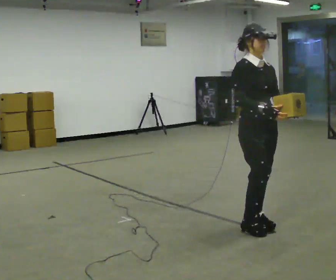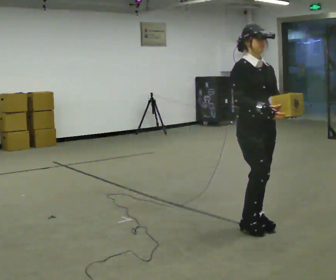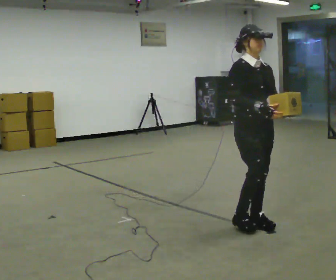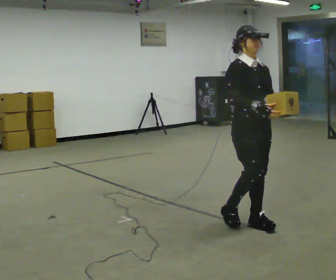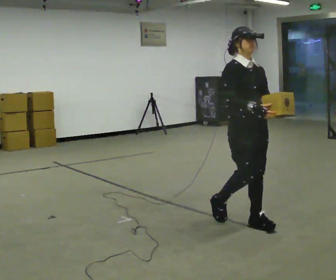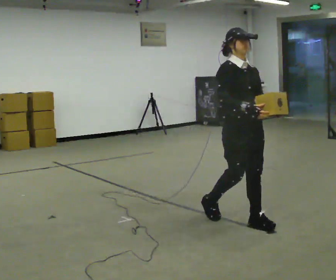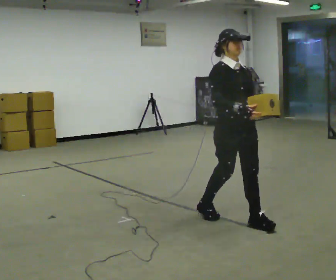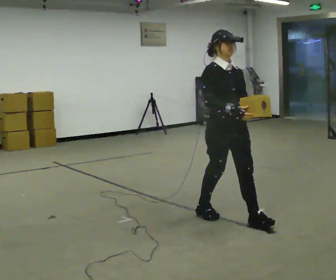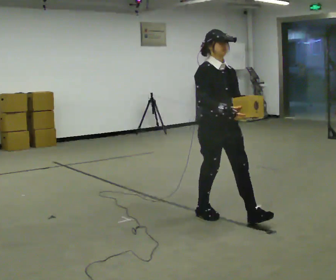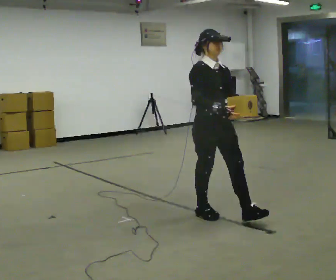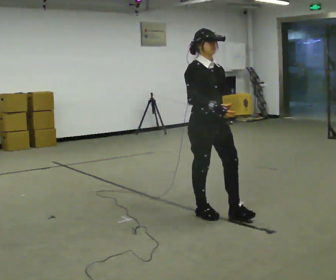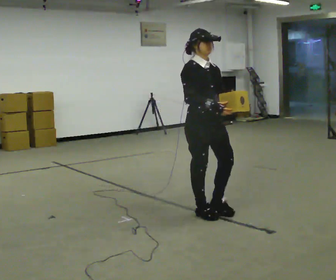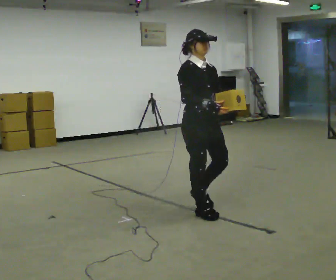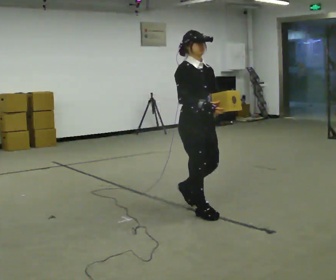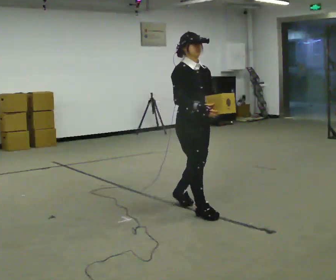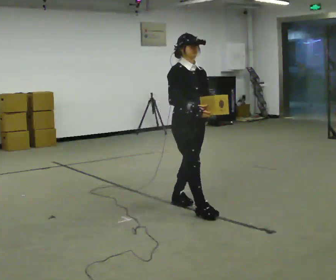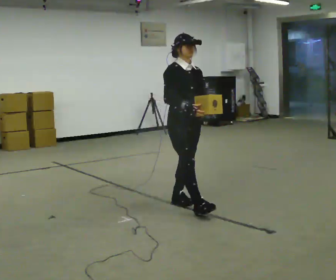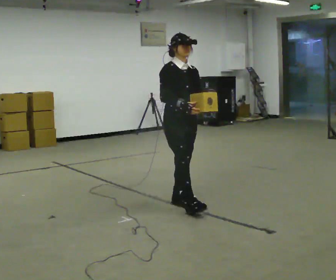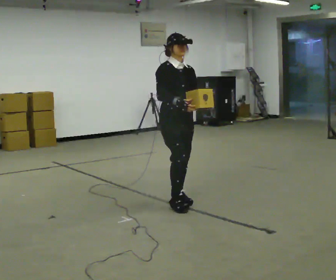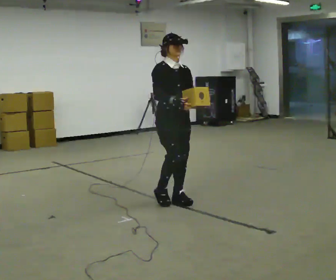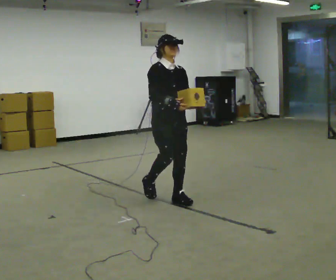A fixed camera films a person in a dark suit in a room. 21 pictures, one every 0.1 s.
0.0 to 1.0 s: In the picture they go to the left and away from the camera, about 0.5 m in 2 steps, which for them is backward.
1.0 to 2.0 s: In the picture they go away from the camera and to the left, about 0.5 m in 1 step, which for them is backward.
The film runs backward here.
